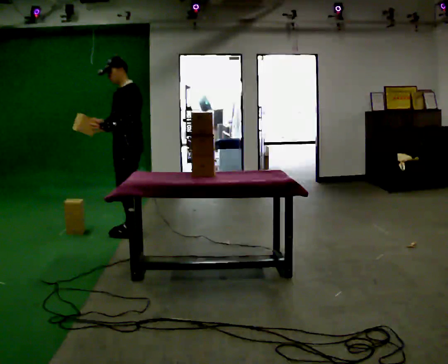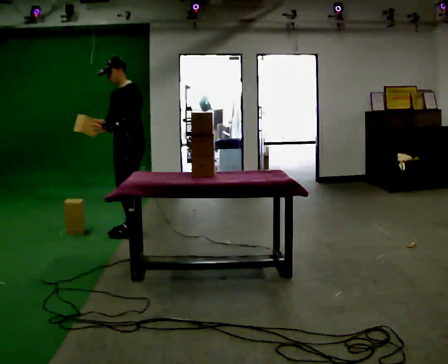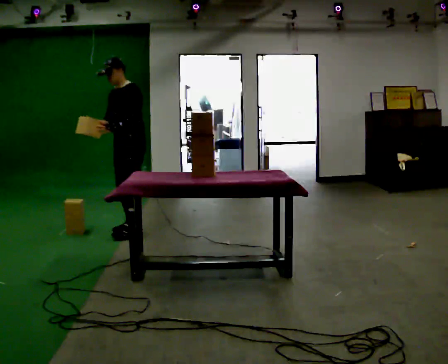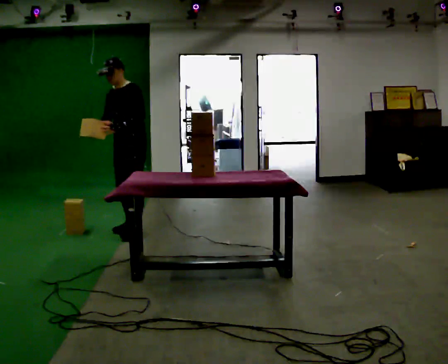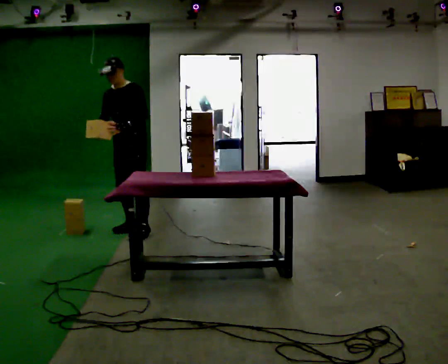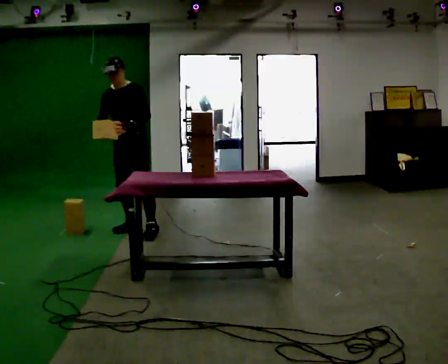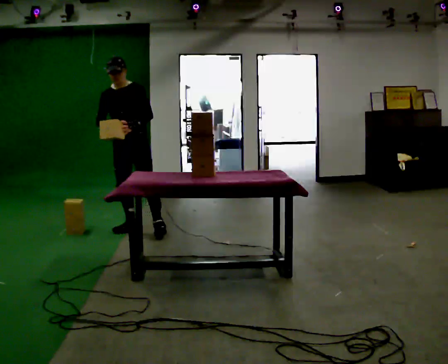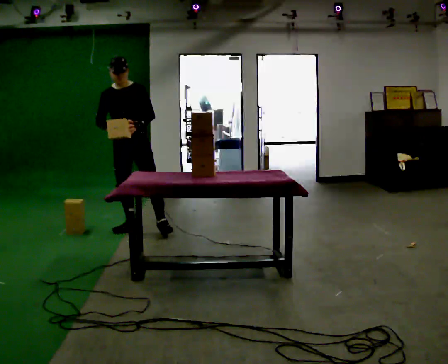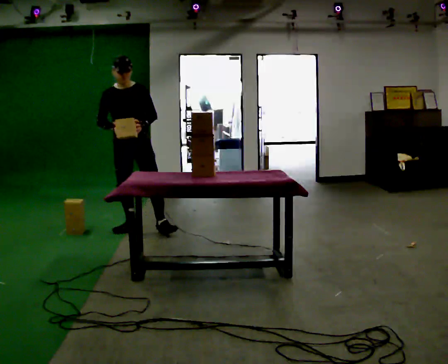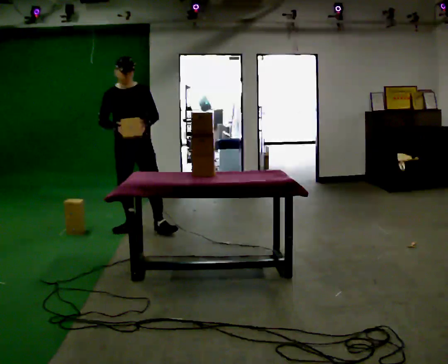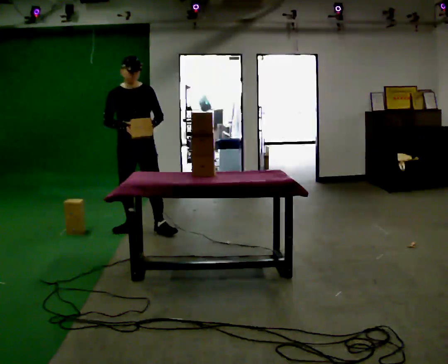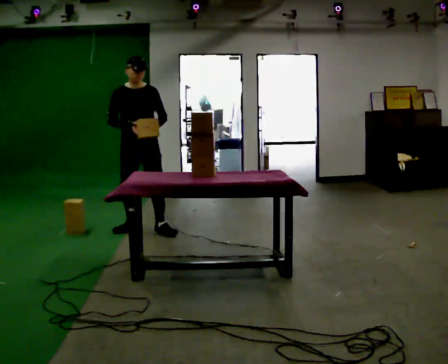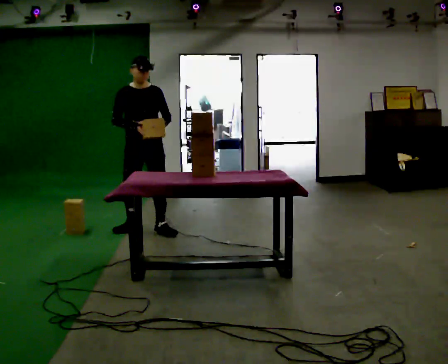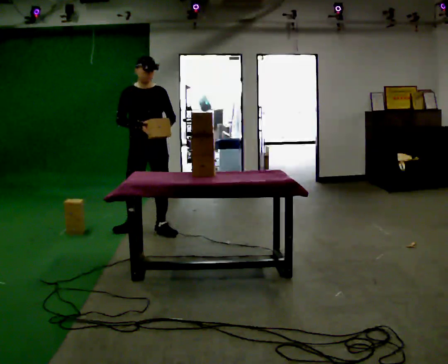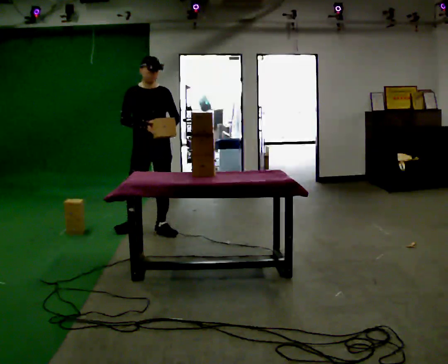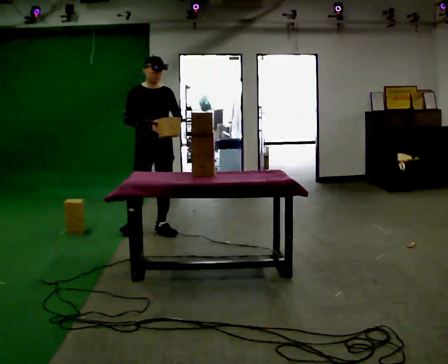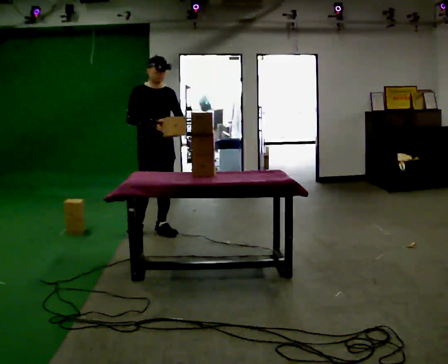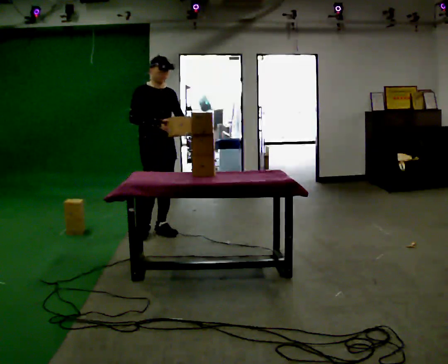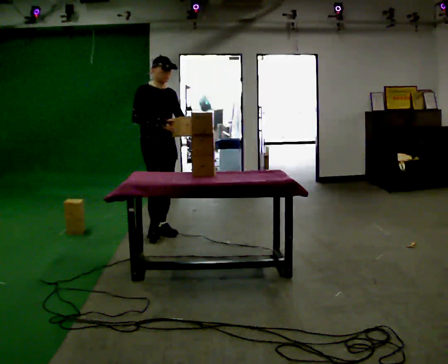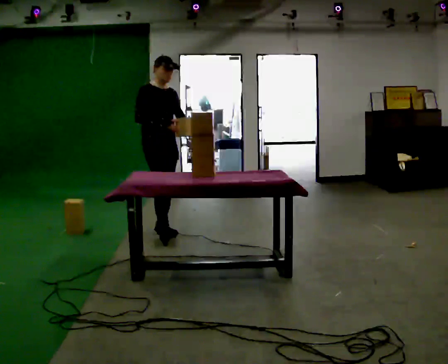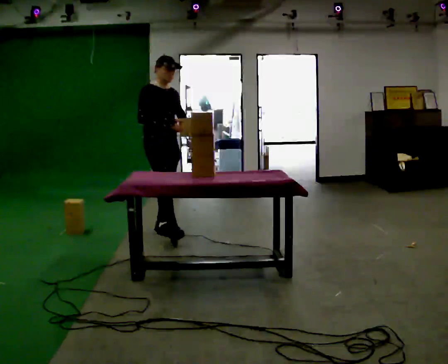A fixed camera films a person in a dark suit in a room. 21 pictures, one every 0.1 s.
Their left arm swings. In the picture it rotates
counterclockwise.
The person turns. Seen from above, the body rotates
counterclockwise.
0.0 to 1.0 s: The person turns about 75 degrees to their left, counterclockwise seen from above, so the part of the body nearest the lens slides to the right. In the picture their left hand goes to the right, the arm swinging counterclockwise.
1.0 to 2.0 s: The person turns about 30 degrees to their left, counterclockwise seen from above, so the part of the body nearest the lens slides to the right. In the picture they go to the right and toward the camera, about 0.25 m, which for them is to their left and forward.
The film runs forward here.
